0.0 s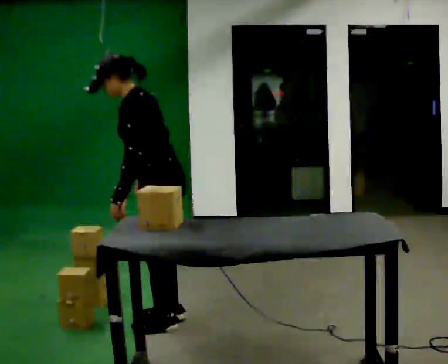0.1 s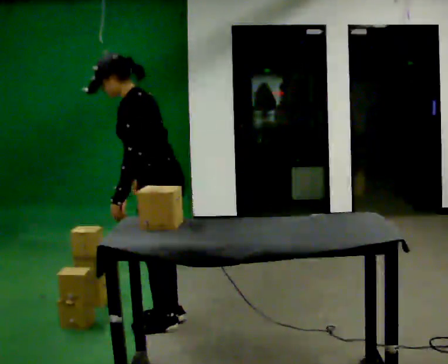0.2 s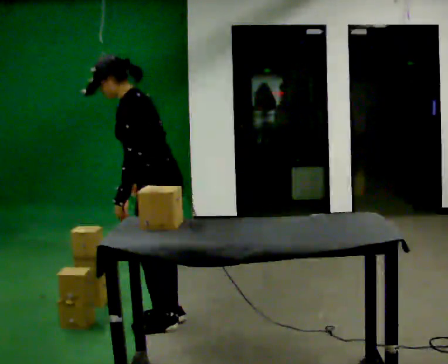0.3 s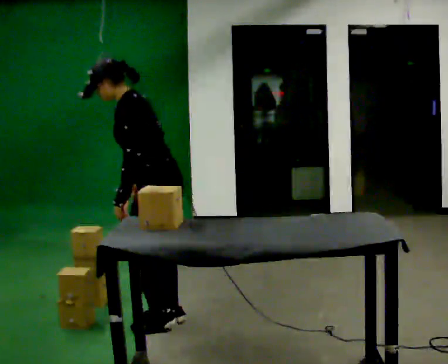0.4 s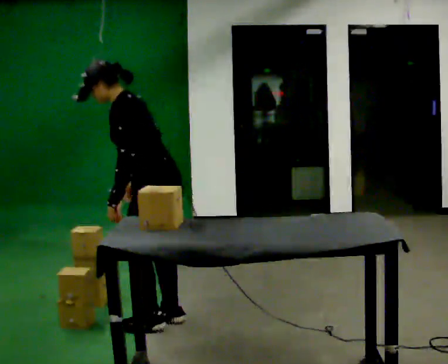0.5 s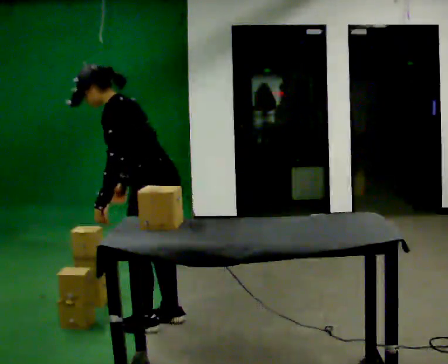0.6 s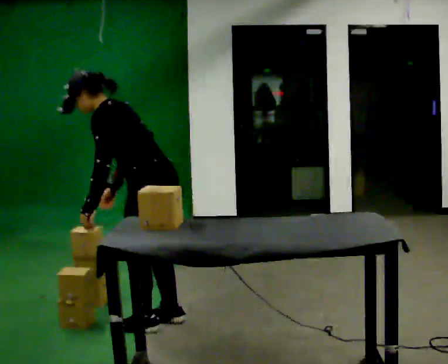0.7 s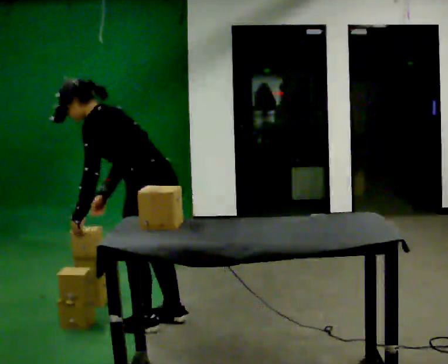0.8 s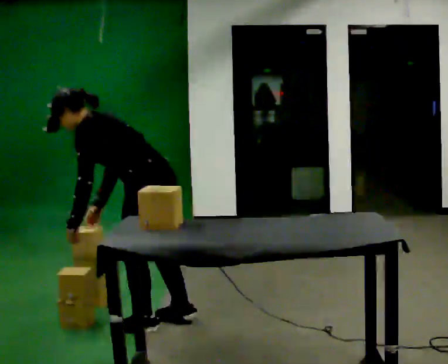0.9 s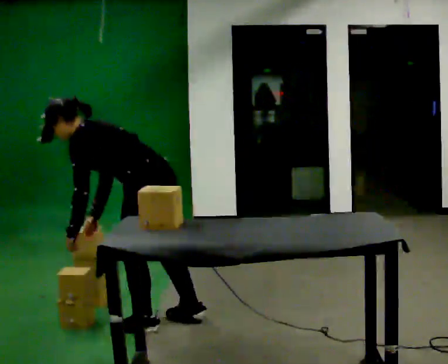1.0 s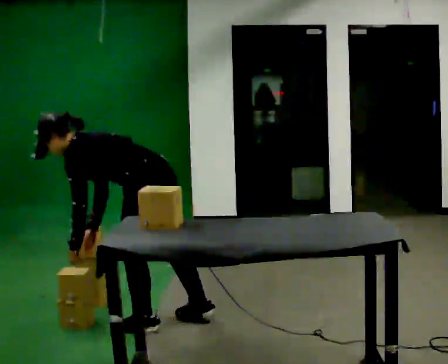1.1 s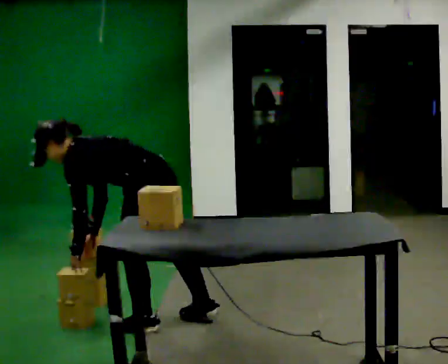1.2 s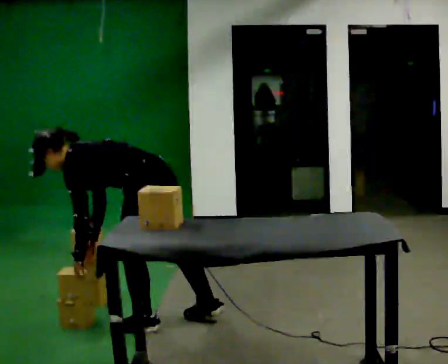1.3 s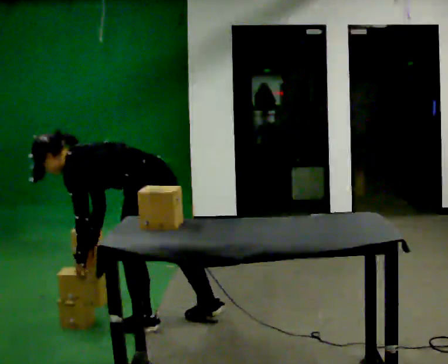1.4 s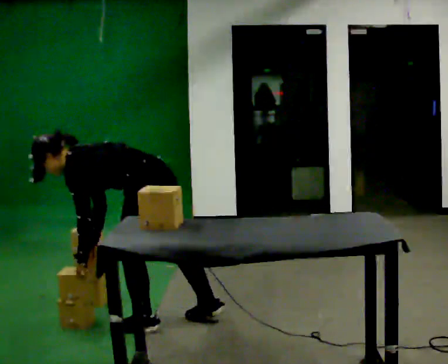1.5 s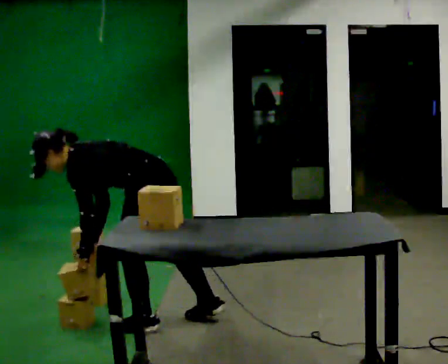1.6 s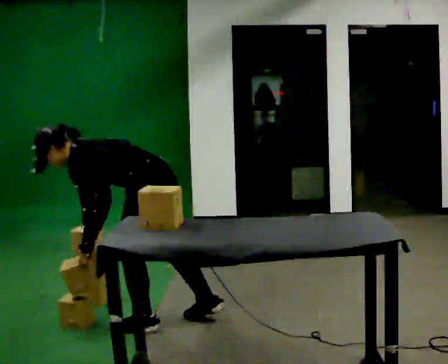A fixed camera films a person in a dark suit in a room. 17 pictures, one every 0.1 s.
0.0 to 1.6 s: The upper body goes downward. In the picture the upper body tilts counterclockwise, shoulders to the left, as they bend forward.
The film runs forward here.
